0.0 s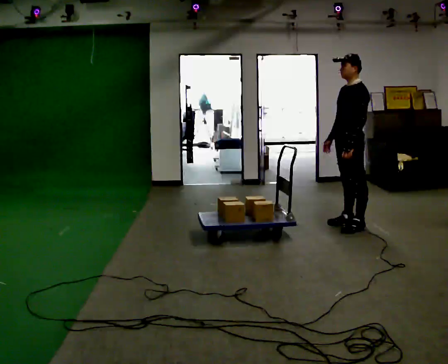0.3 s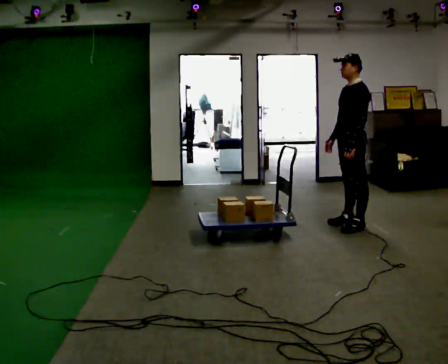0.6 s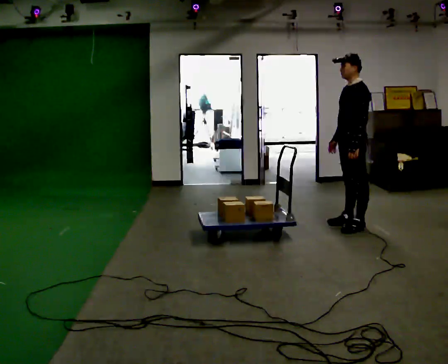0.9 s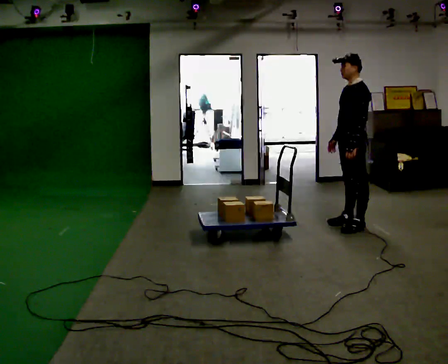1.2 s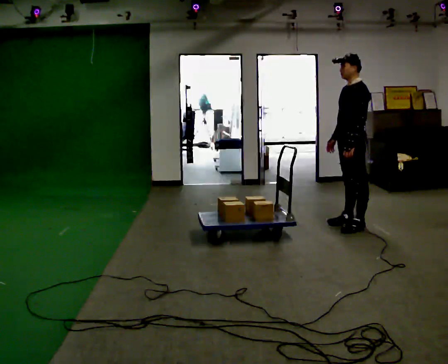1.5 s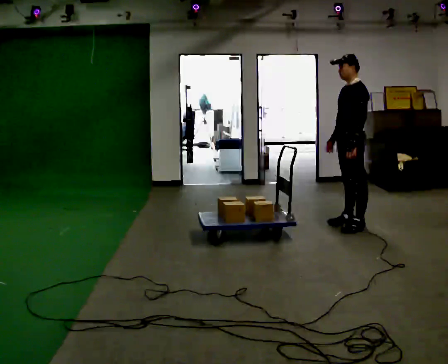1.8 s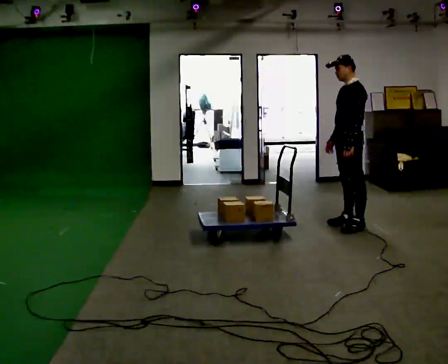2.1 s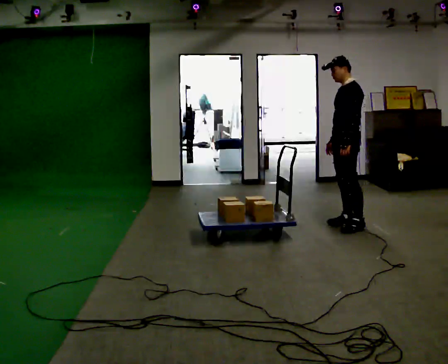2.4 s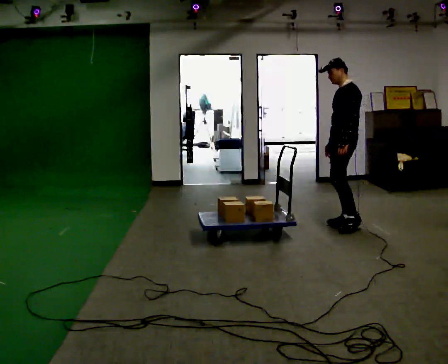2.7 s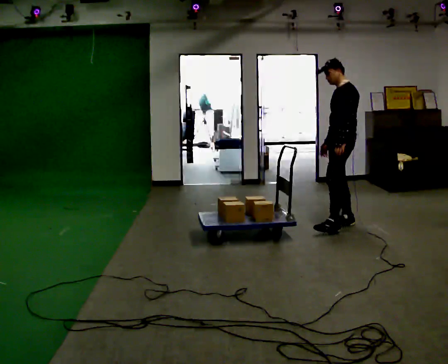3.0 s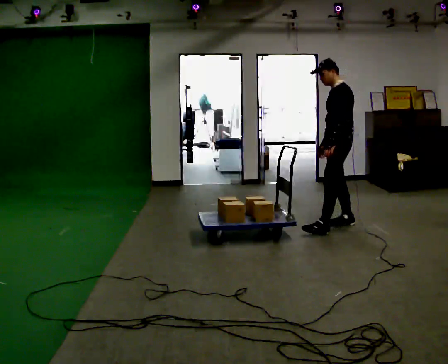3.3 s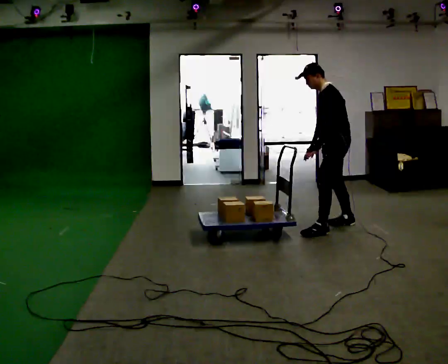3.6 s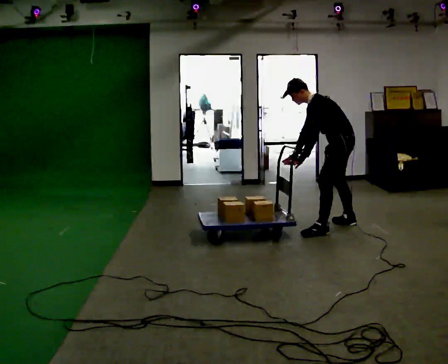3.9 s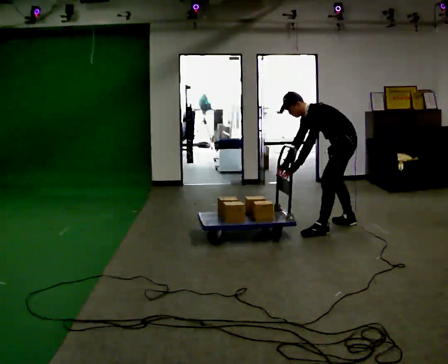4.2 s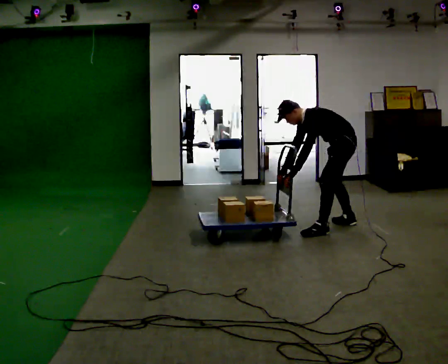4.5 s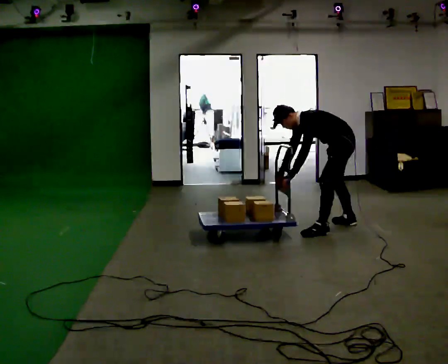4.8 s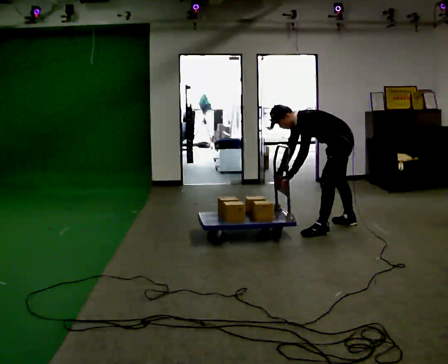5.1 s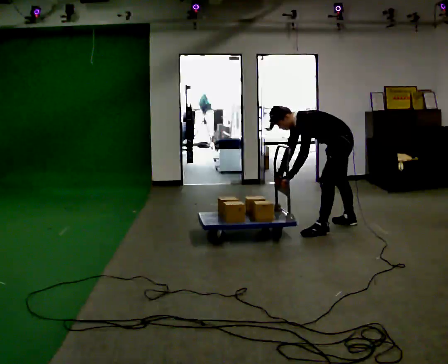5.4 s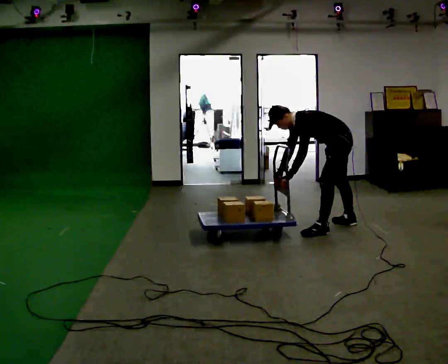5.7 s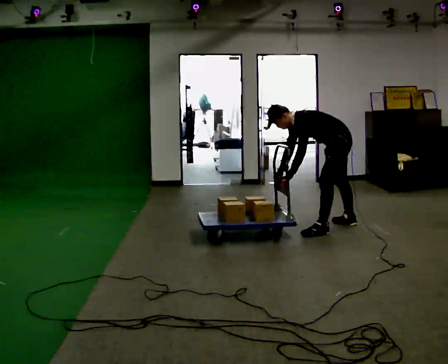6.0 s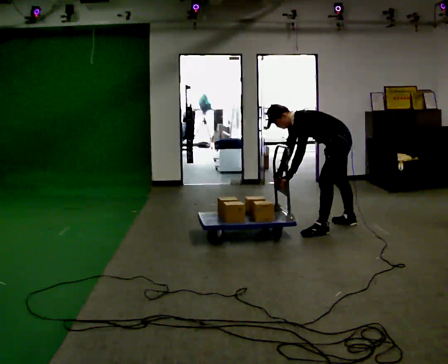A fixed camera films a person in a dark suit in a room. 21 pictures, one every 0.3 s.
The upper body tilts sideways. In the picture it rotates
counterclockwise.
The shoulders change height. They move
downward.
0.0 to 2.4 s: The person moves a little, or ends about where they began.
2.4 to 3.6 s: In the picture they go toward the camera, about 0.25 m in 1 step, which for them is to their left. In the picture the upper body tilts counterclockwise, shoulders to the left, as they bend forward. In the picture their left hand goes to the left.
3.6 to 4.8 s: In the picture the upper body tilts counterclockwise, shoulders to the left, as they bend forward.
4.8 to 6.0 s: The person keeps their place and pose.
The film runs forward here.
